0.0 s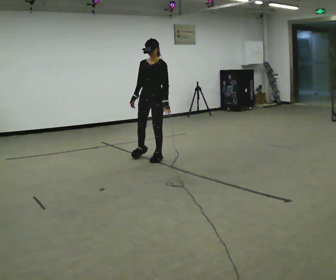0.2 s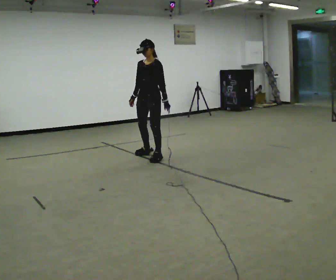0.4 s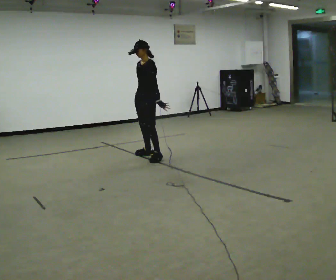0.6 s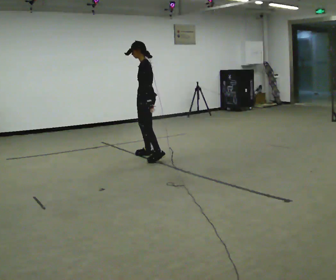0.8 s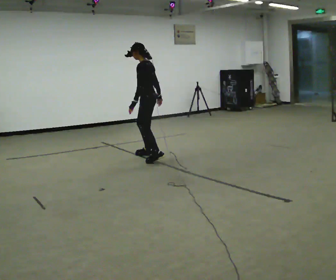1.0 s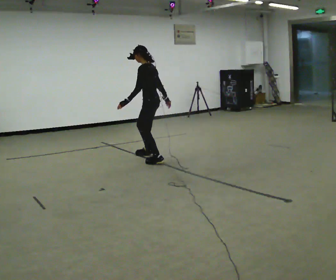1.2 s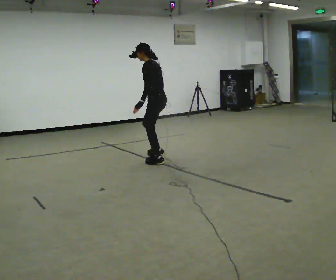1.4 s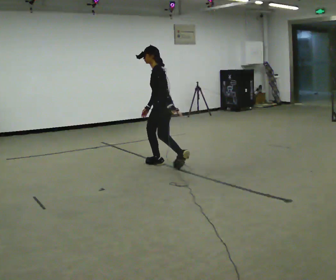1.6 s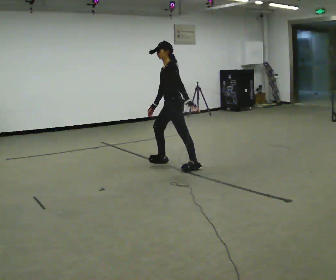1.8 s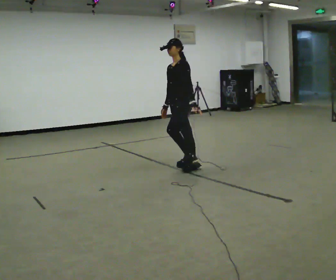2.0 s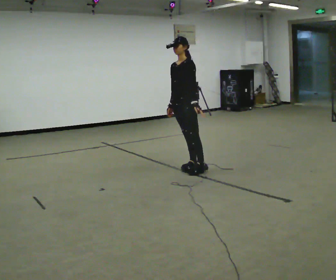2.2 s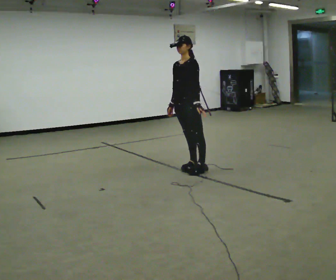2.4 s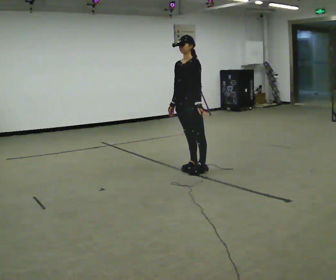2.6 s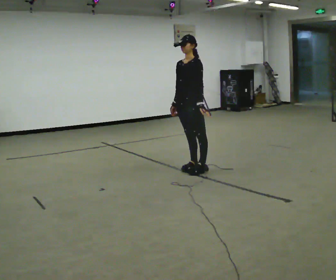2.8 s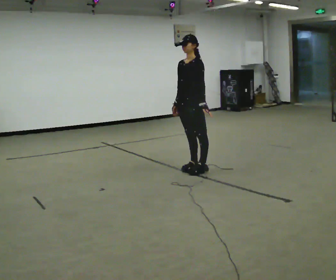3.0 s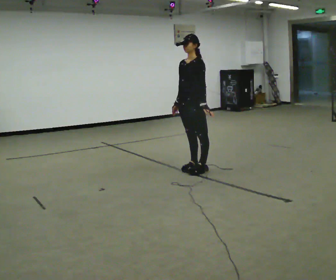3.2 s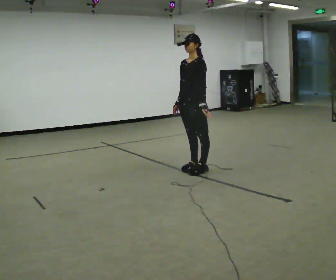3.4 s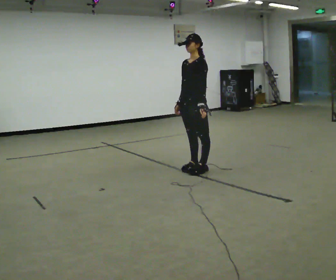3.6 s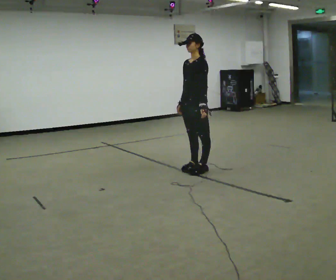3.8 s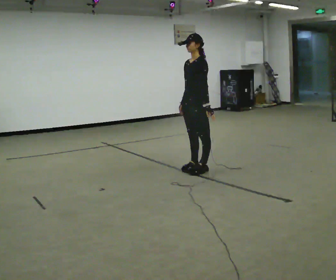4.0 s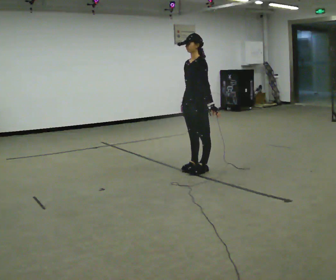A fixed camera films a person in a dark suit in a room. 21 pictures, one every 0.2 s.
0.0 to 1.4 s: The part of the body nearest the lens slides to the left as the person turns to their right by about 90 degrees. In the picture they go toward the camera, about 0.25 m in 2 steps. In the picture the upper body tilts counterclockwise, shoulders to the left.
1.4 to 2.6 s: The part of the body nearest the lens slides to the right as the person turns to their left by about 60 degrees. In the picture they go to the right and toward the camera, about 0.5 m in 1 step.
2.6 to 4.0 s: The person moves a little, or ends about where they began.
The film runs backward here.
